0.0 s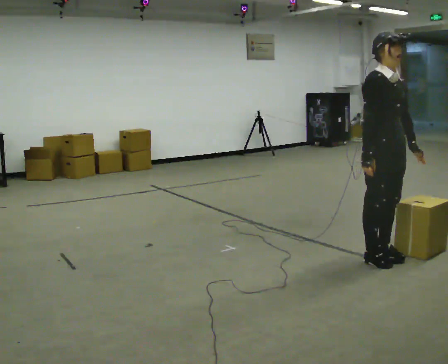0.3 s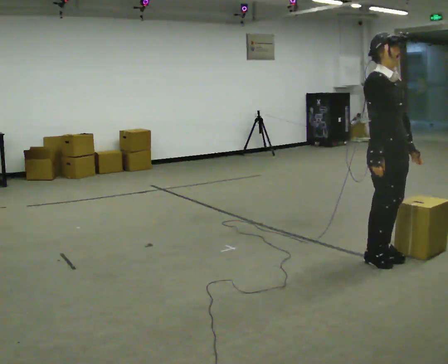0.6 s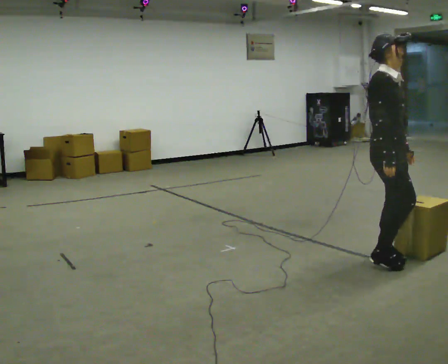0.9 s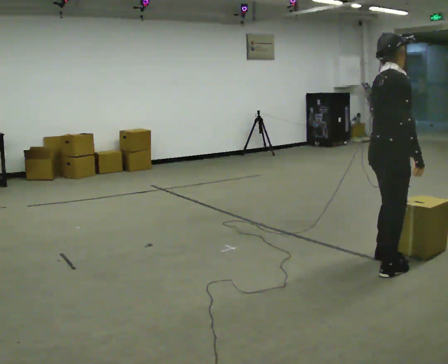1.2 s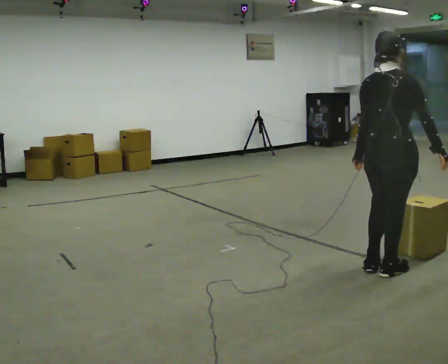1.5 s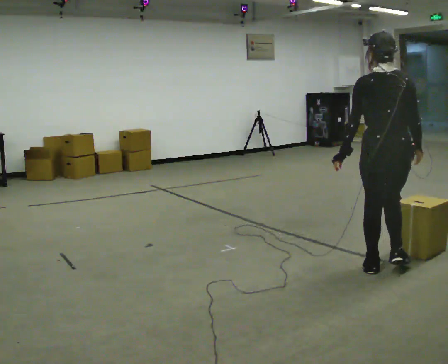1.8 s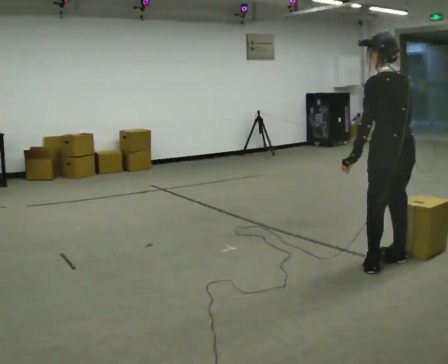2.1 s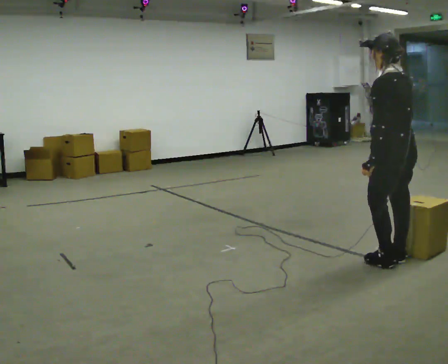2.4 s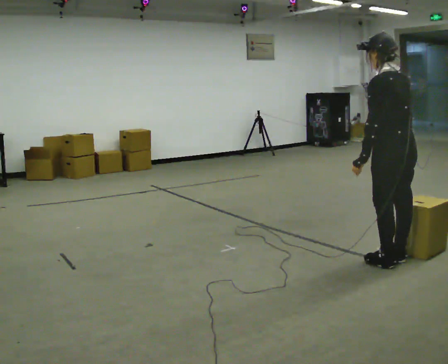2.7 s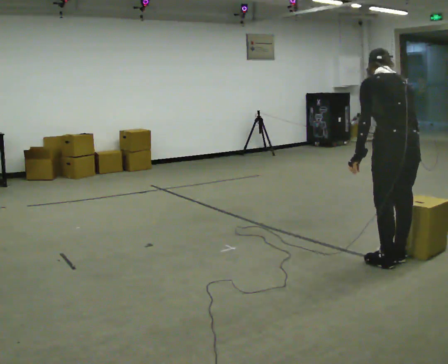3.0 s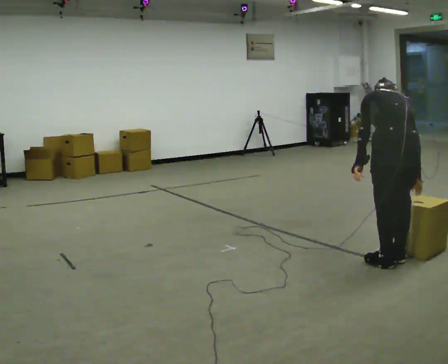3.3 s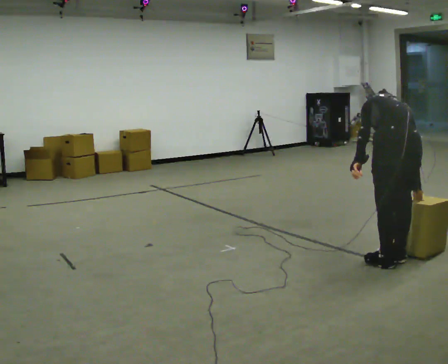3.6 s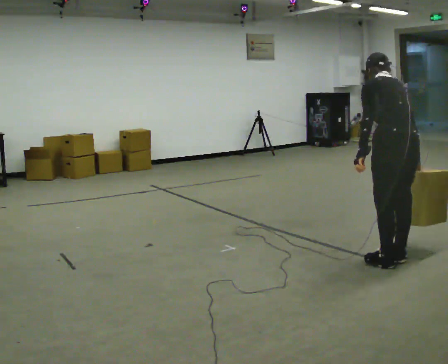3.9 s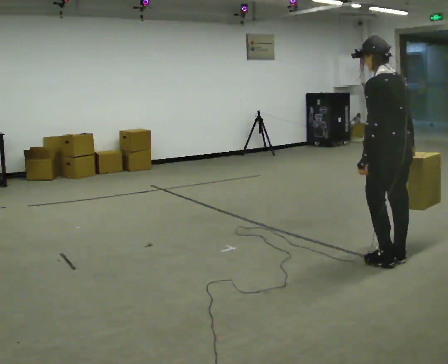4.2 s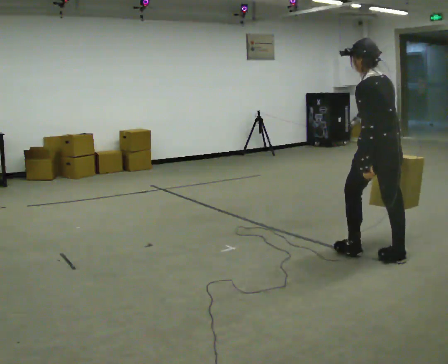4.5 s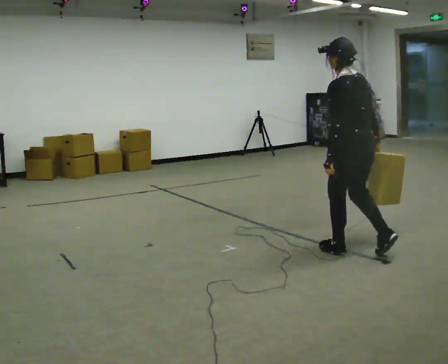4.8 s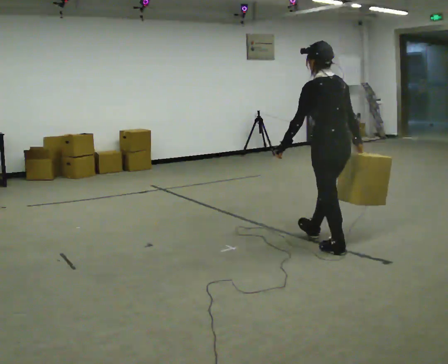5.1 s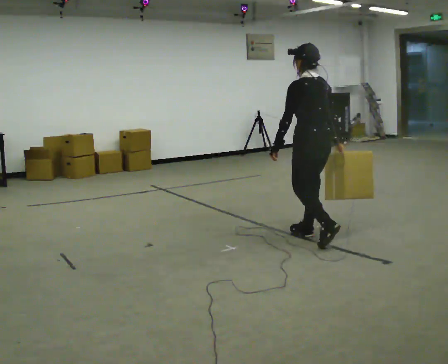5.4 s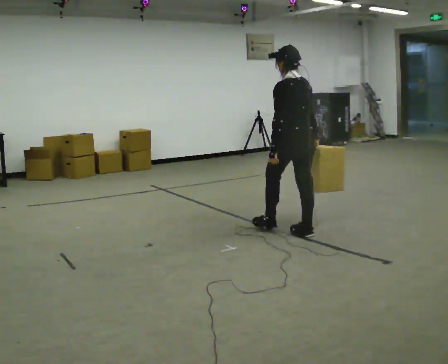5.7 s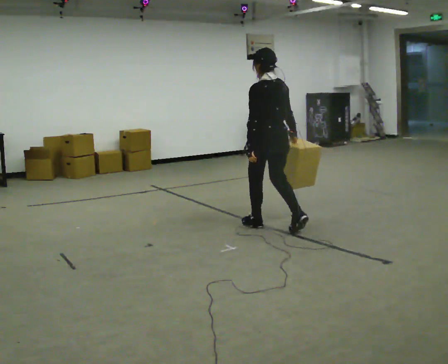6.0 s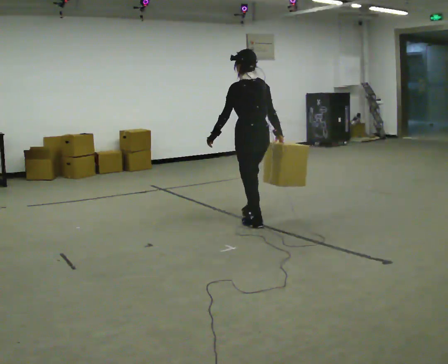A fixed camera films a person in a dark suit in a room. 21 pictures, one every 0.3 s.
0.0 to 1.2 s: The person turns about 105 degrees to their left, counterclockwise seen from above, so the part of the body nearest the lens slides to the right. In the picture they go toward the camera, about 0.25 m in 2 steps. In the picture their right hand goes to the right, the arm swinging counterclockwise.
1.2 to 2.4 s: The part of the body nearest the lens slides to the right as the person turns to their left by about 75 degrees. In the picture they go away from the camera, about 0.25 m in 2 steps.
2.4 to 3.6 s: The person moves a little, or ends about where they began.
3.6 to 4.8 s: In the picture they go to the left and away from the camera, about 0.75 m in 1 step, which for them is forward. The upper body tips toward the camera, its near side rolling downward, as they lean back or straighten.
4.8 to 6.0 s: In the picture they go to the left and away from the camera, about 1 m in 2 steps, which for them is forward.
The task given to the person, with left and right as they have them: Carry the box across the room, stopping and starting again each time the operator says stop and go. Do not set the box down.
The film runs forward here.
